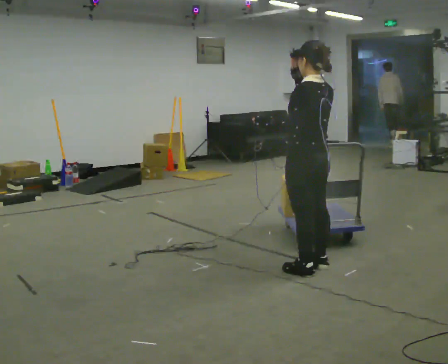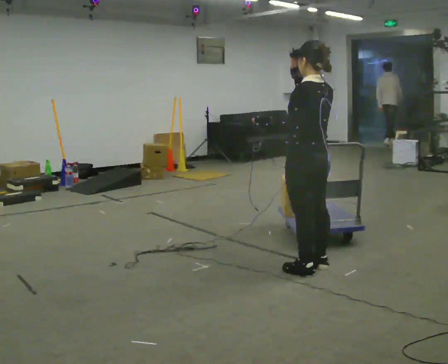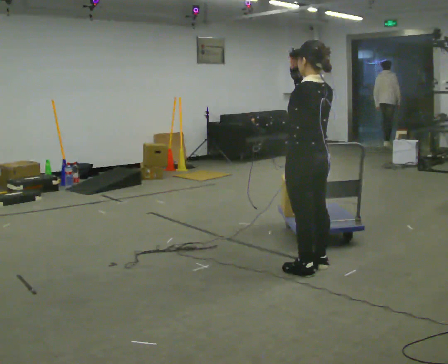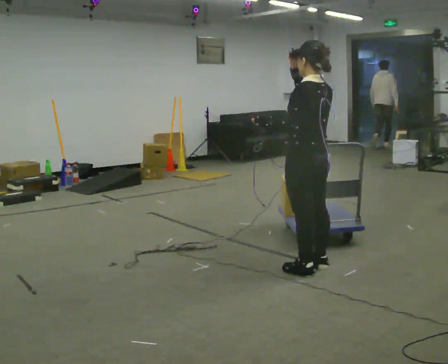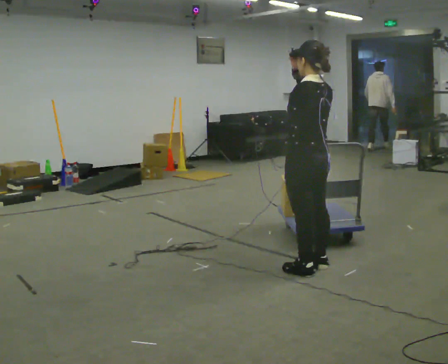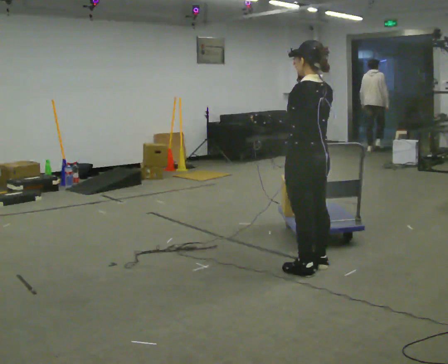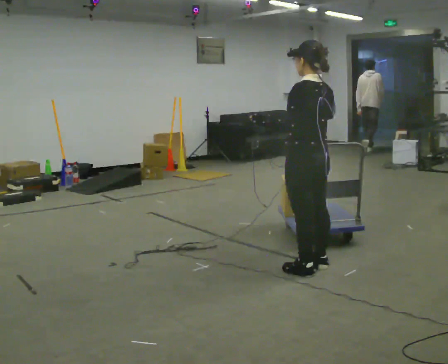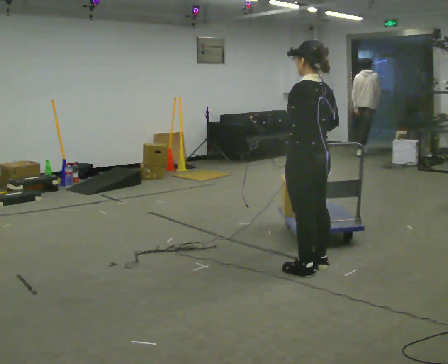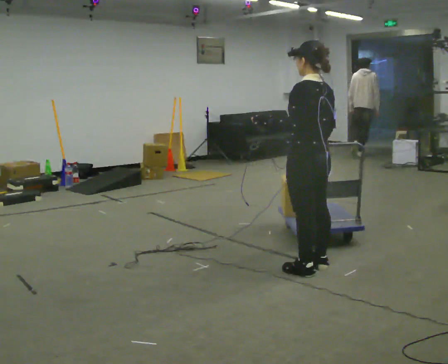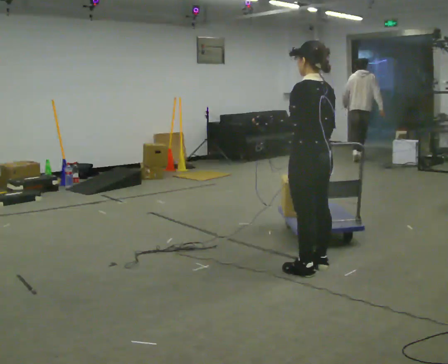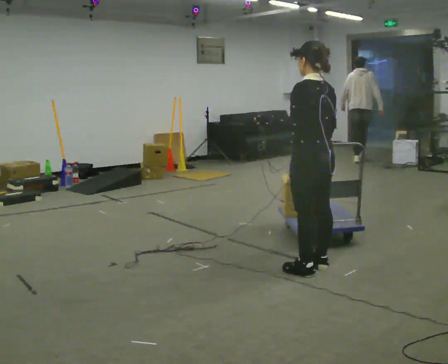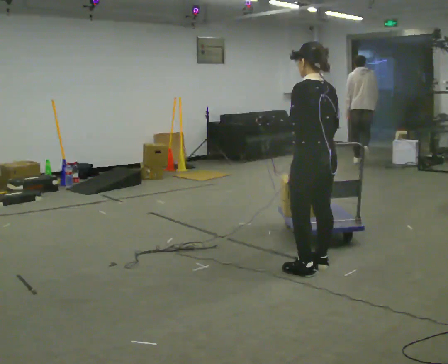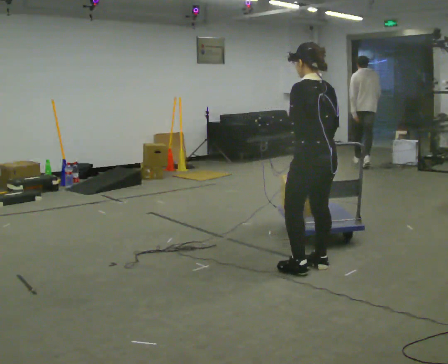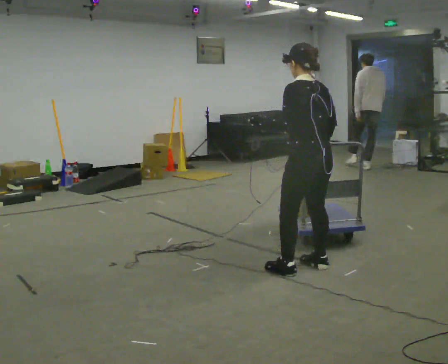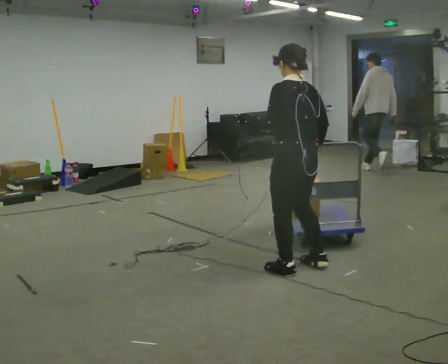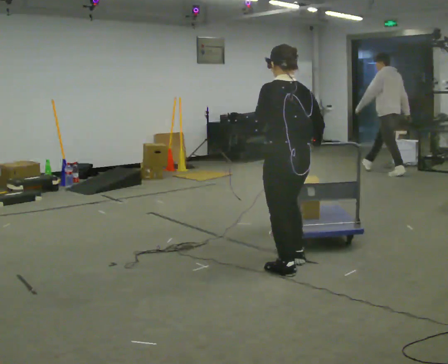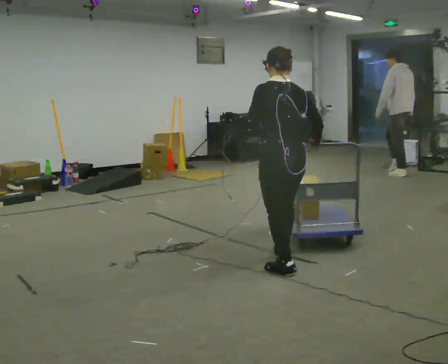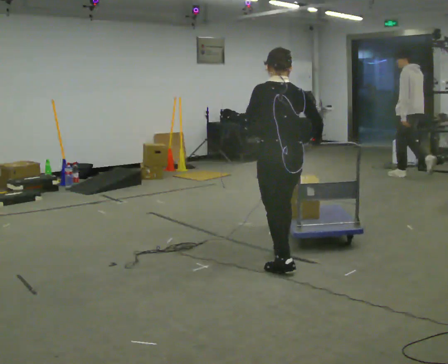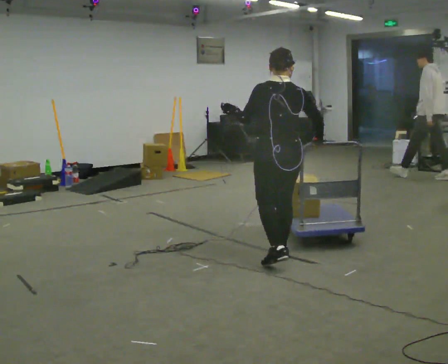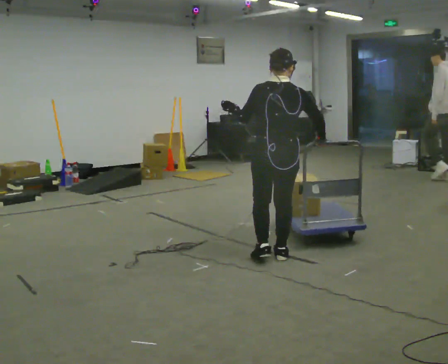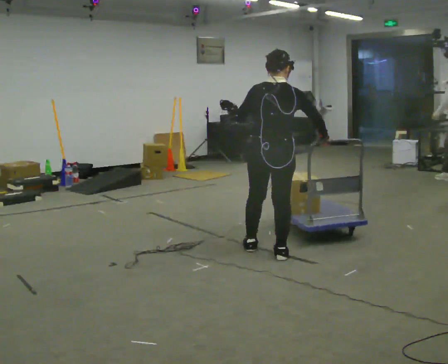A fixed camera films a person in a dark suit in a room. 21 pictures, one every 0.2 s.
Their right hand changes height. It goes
downward.
0.0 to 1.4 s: In the picture their right hand goes downward.
1.4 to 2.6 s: The person moves a little, or ends about where they began.
2.6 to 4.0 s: The part of the body nearest the lens slides to the left as the person turns to their right by about 45 degrees. In the picture they go away from the camera and to the left, about 0.5 m in 2 steps, which for them is forward.
The film runs backward here.
